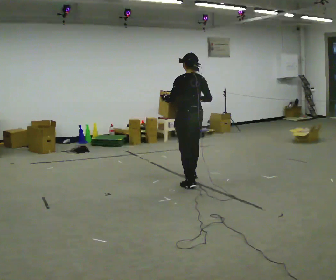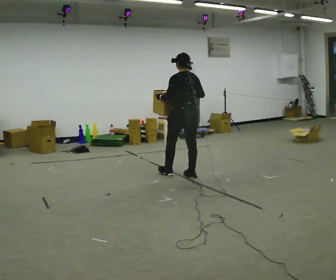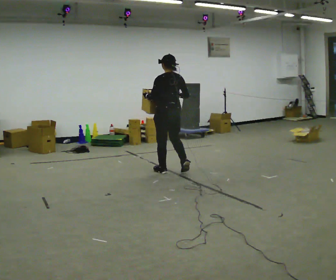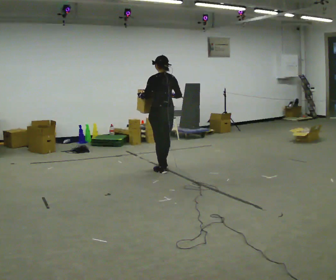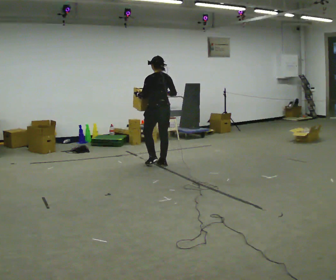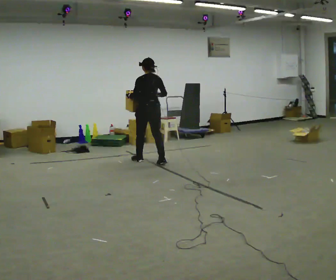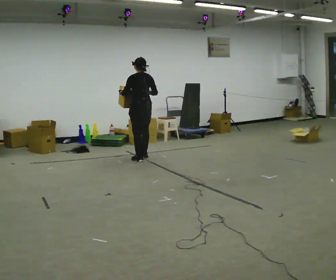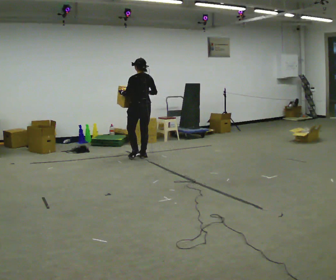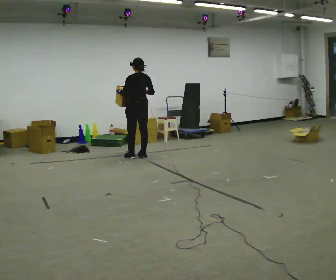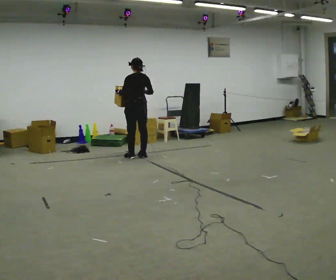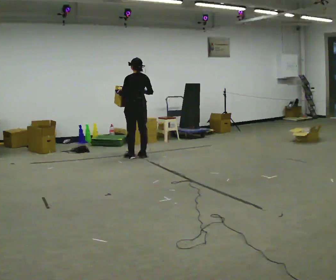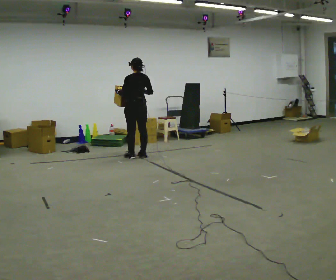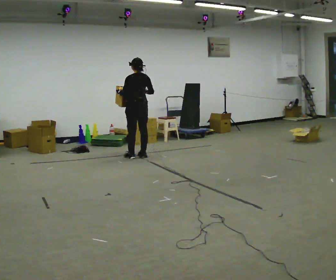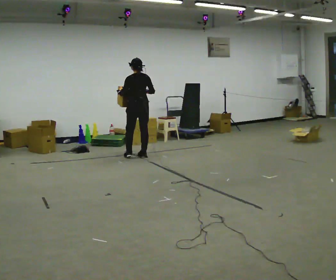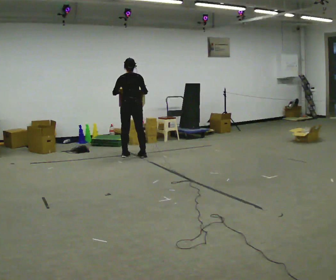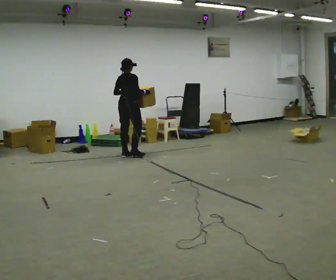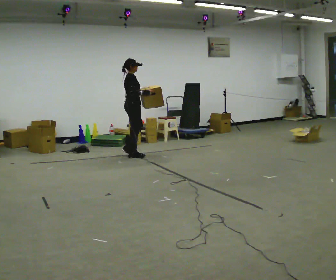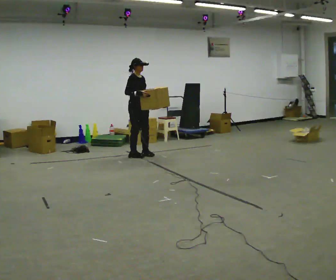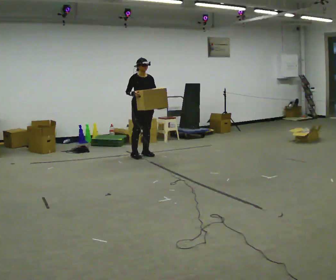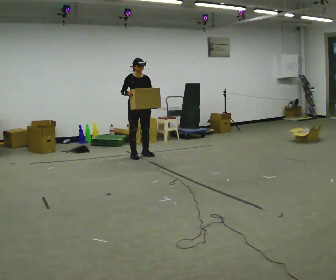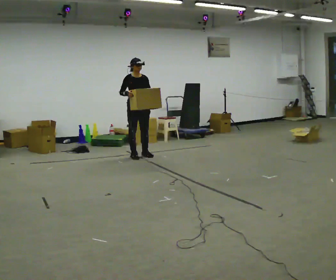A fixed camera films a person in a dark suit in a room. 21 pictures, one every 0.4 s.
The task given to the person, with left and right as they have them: Carry the heaviest box in both hands in front of you, walking back and forth across the room. Only carry what is comfortable. Set it down whenever you need to.
0.0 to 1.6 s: In the picture they go away from the camera, about 1 m in 2 steps, which for them is forward.
1.6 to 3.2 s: In the picture they go away from the camera and to the left, about 0.75 m in 3 steps, which for them is forward.
3.2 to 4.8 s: The person keeps their place and pose.
4.8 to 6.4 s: The person turns about 105 degrees to their right, clockwise seen from above, so the part of the body nearest the lens slides to the left. In the picture their left hand goes to the right.
6.4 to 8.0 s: The person turns about 75 degrees to their right, clockwise seen from above, so the part of the body nearest the lens slides to the left.
The film runs forward here.
